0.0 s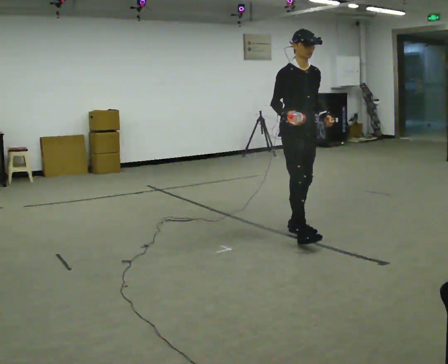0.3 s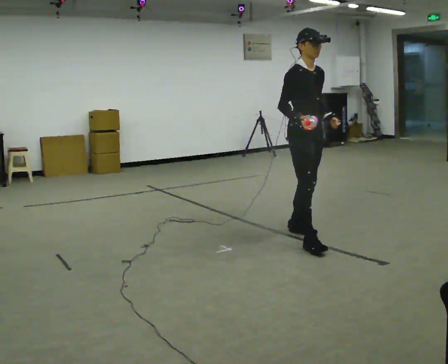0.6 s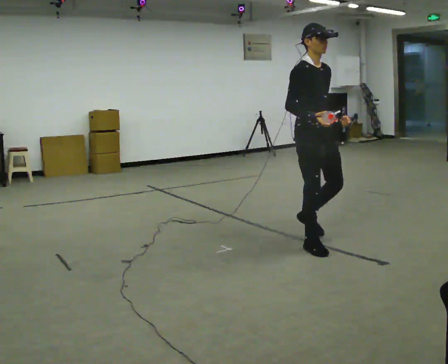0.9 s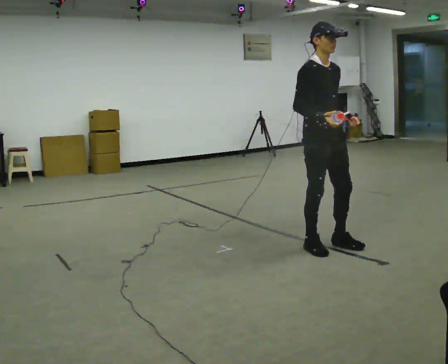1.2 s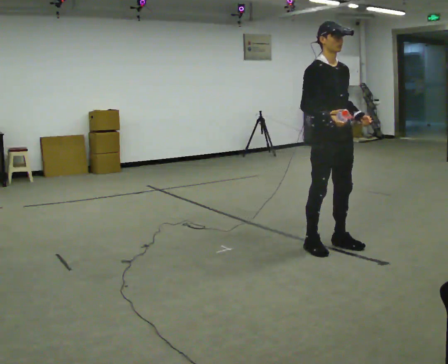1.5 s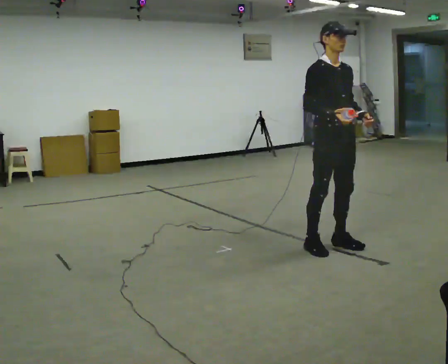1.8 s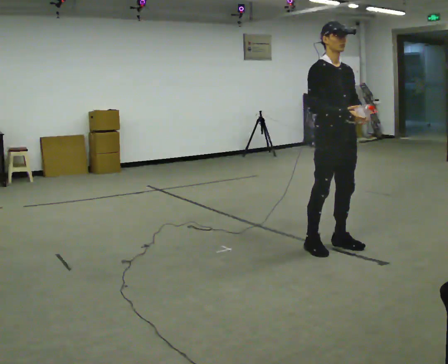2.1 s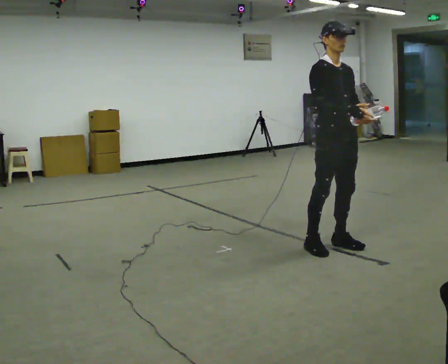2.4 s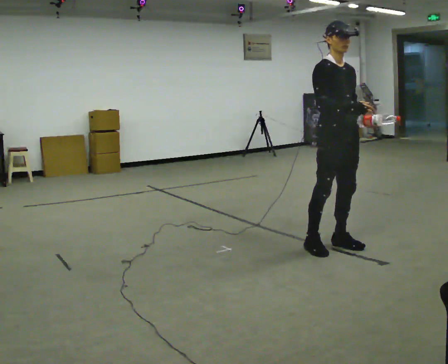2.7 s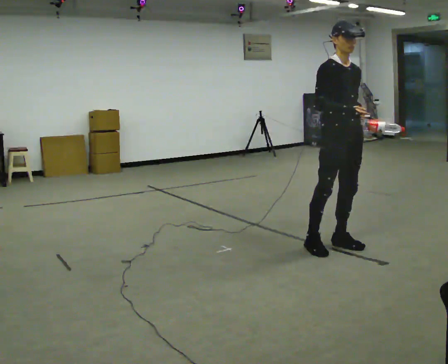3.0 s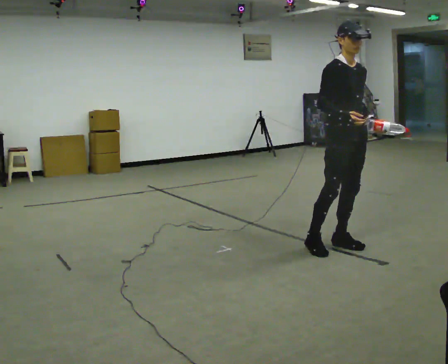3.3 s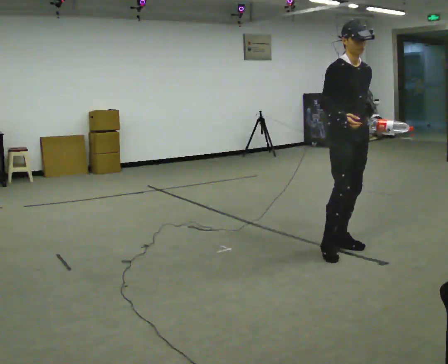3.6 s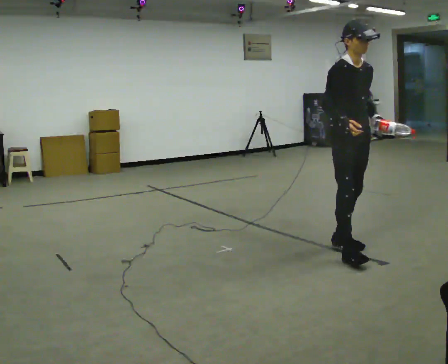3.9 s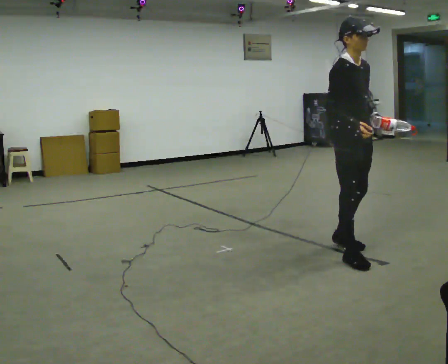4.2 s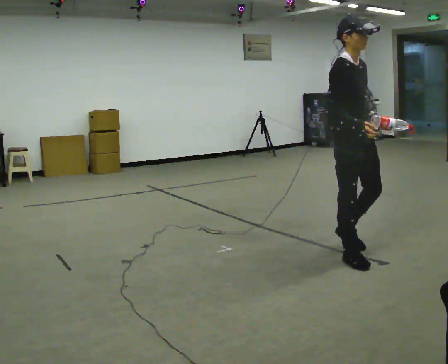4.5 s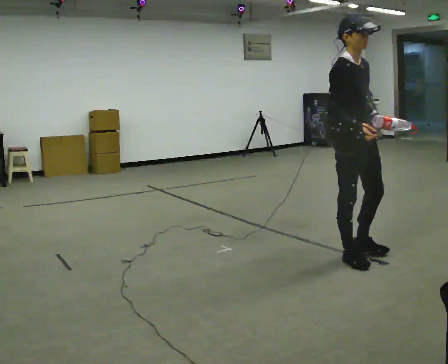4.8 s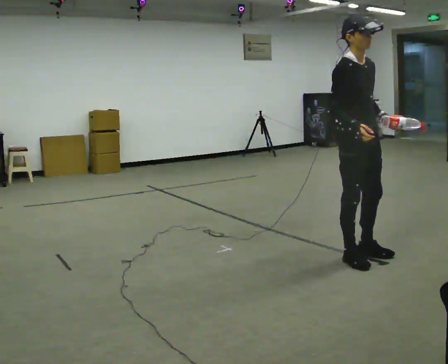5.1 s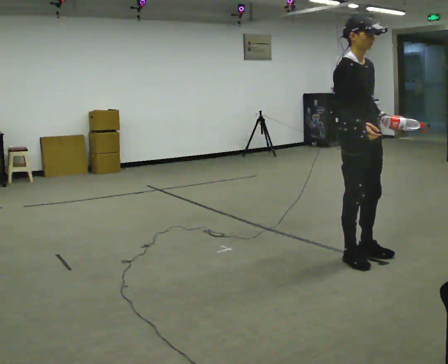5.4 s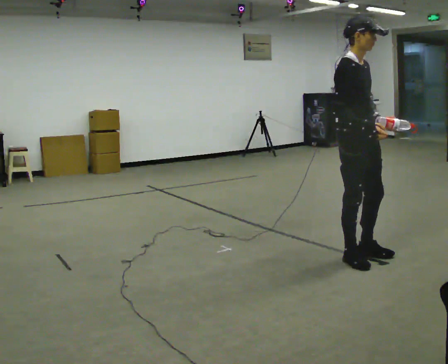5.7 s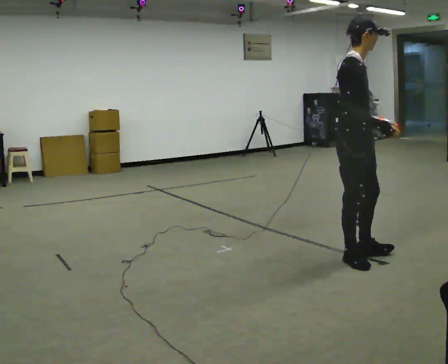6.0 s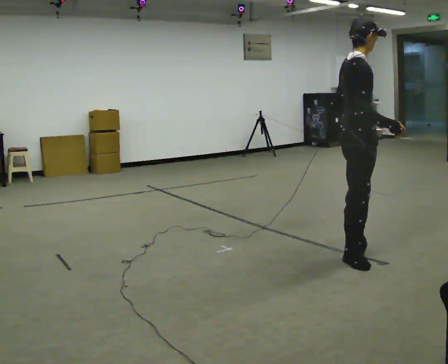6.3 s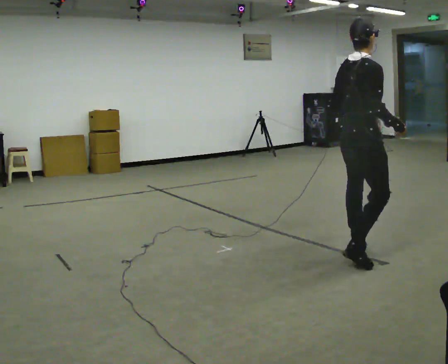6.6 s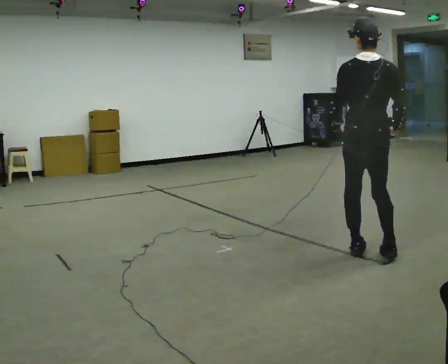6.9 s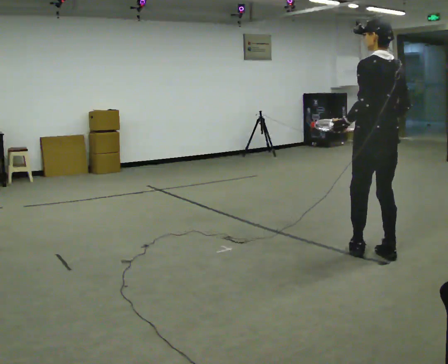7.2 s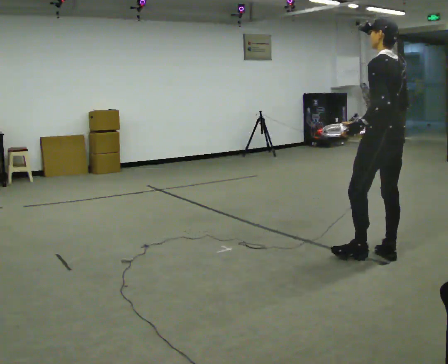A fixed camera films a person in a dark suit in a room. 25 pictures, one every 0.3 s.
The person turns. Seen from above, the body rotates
counterclockwise.
The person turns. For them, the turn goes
to their left.
0.0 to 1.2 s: In the picture they go toward the camera and to the right, about 0.5 m in 2 steps, which for them is forward and to their right.
1.2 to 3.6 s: The person moves a little, or ends about where they began.
3.6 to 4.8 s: In the picture they go toward the camera, about 0.25 m in 1 step, which for them is to their right and forward.
4.8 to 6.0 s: The person turns about 45 degrees to their left, counterclockwise seen from above, so the part of the body nearest the lens slides to the right.
6.0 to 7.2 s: Seen from above the body turns counterclockwise, about 135 degrees: to their left, with its near side sliding to the right. In the picture they go to the right, about 0.25 m in 1 step.
The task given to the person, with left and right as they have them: Carry the object in one hand and, while walking, pass it to your other hand. Keep passing it back and forth as you walk.
The film runs forward here.
